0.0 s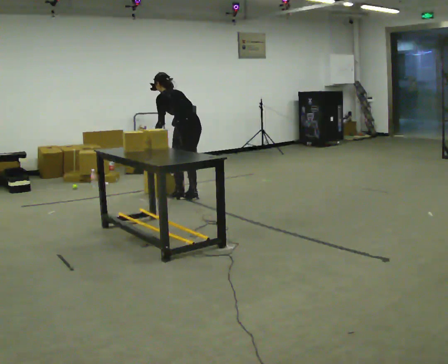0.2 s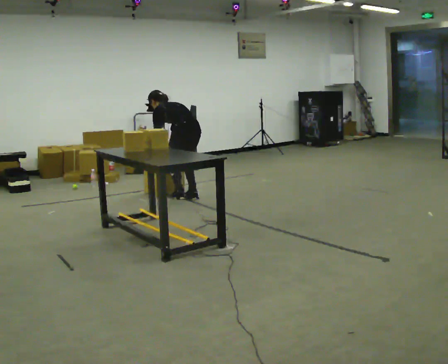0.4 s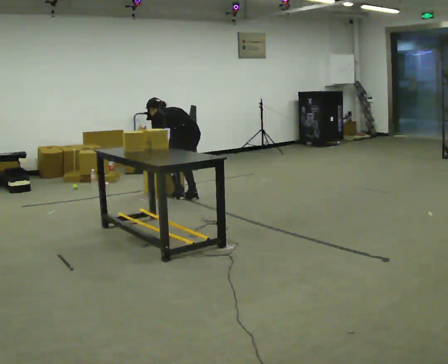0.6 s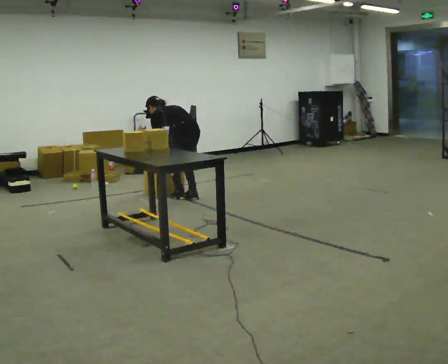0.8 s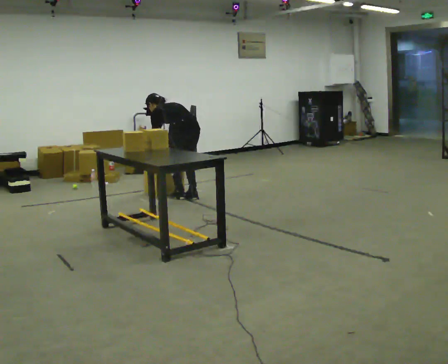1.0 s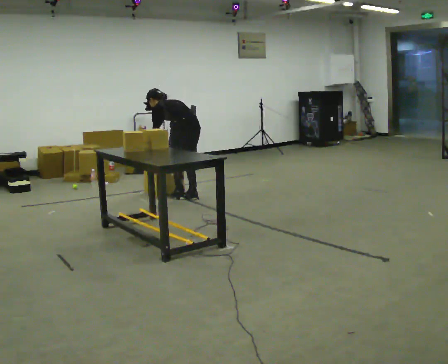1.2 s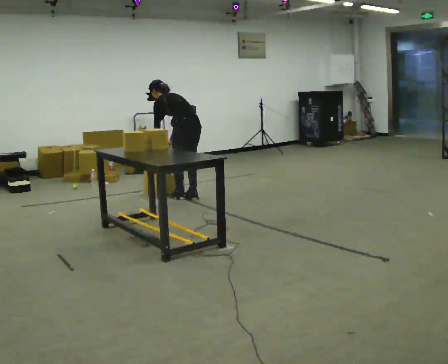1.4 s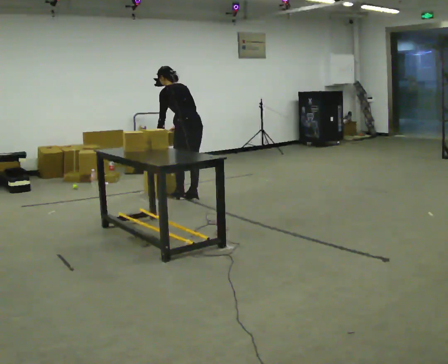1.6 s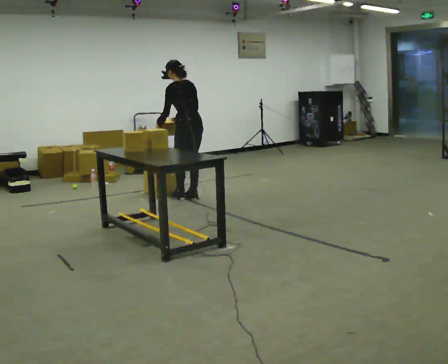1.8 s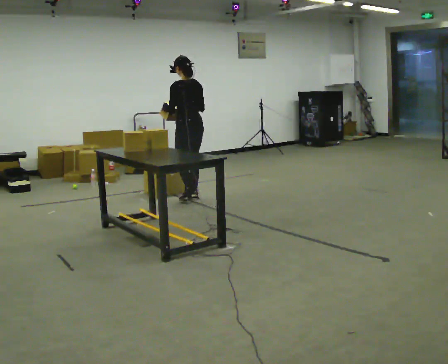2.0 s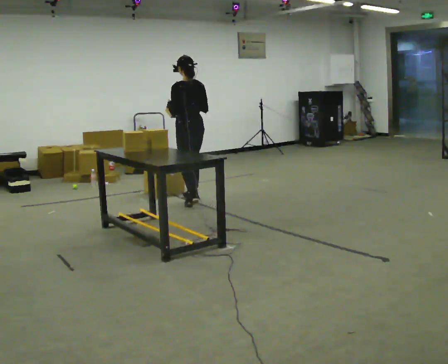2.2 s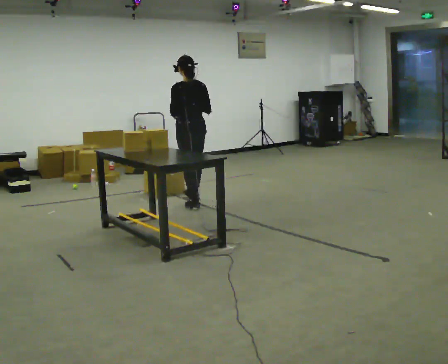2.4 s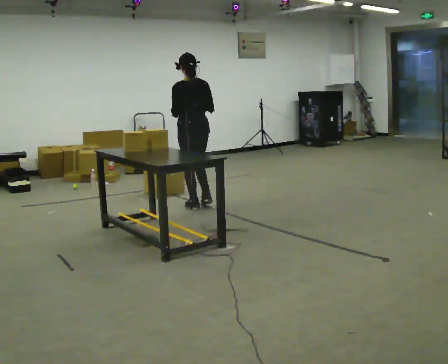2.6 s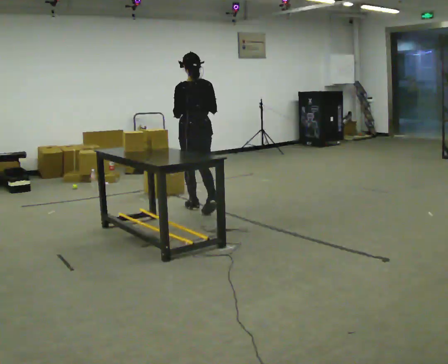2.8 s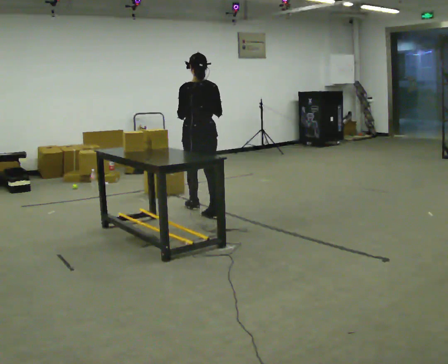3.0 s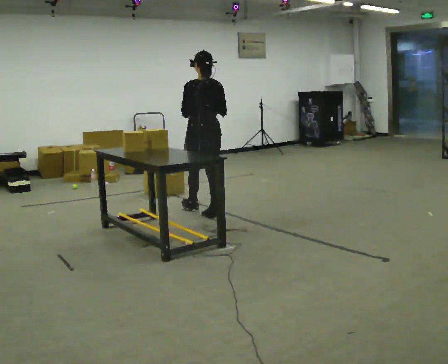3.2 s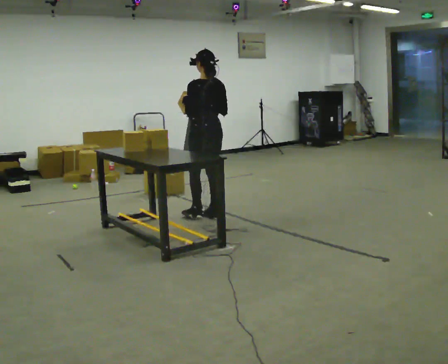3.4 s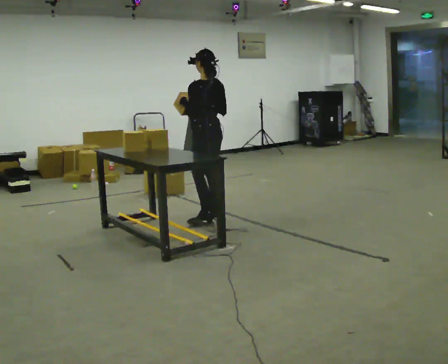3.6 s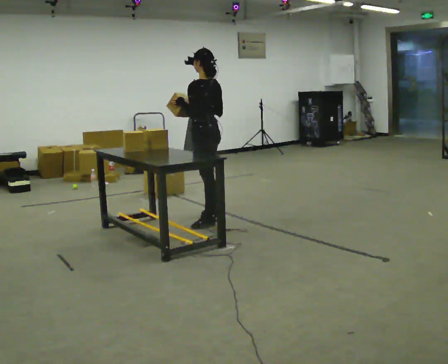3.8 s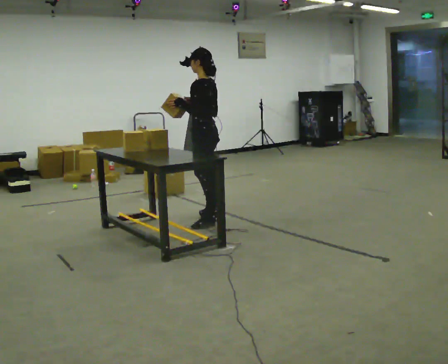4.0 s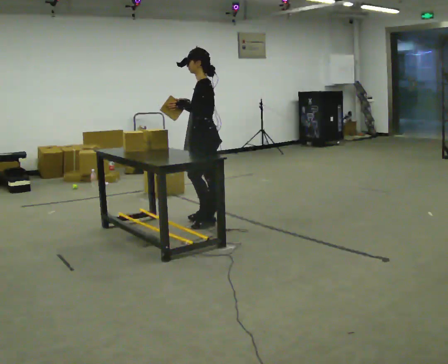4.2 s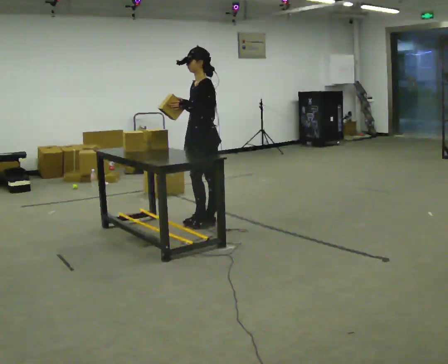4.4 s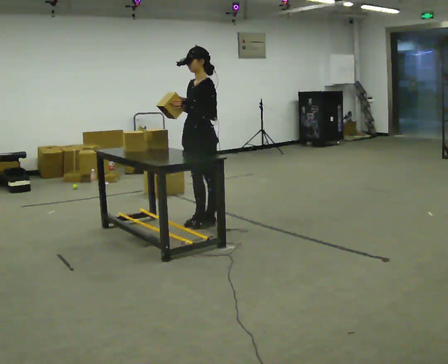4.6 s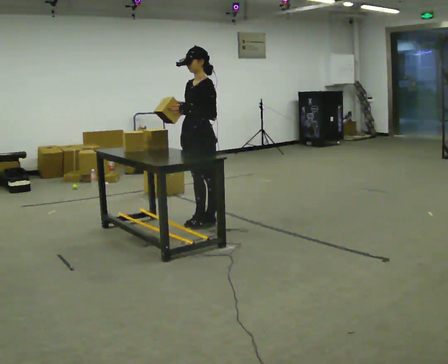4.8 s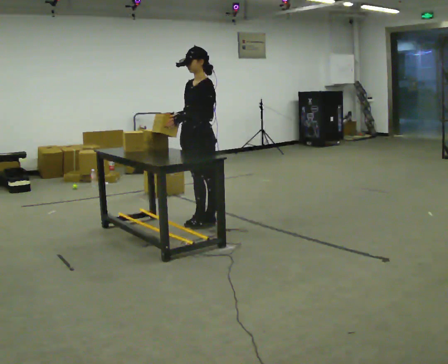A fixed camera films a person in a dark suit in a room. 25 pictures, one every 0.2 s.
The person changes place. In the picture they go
toward the camera.
0.0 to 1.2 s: The person moves a little, or ends about where they began.
1.2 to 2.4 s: In the picture they go toward the camera, about 0.25 m in 2 steps, which for them is backward and to their left. The shoulders move upward. The upper body tips toward the camera, its near side rolling downward, as they lean back or straighten. In the picture their right hand goes upward.
2.4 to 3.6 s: Seen from above the body turns counterclockwise, about 30 degrees: to their left, with its near side sliding to the right. In the picture they go toward the camera, about 0.5 m in 1 step, which for them is backward.
3.6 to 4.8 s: The part of the body nearest the lens slides to the right as the person turns to their left by about 60 degrees. In the picture they go toward the camera, about 0.25 m in 1 step.
The film runs backward here.
